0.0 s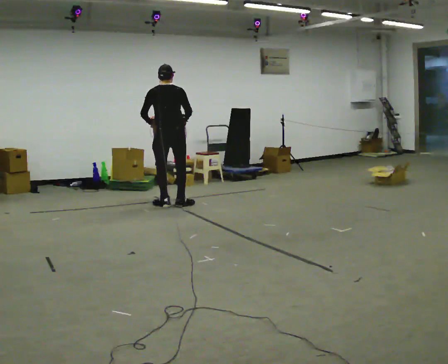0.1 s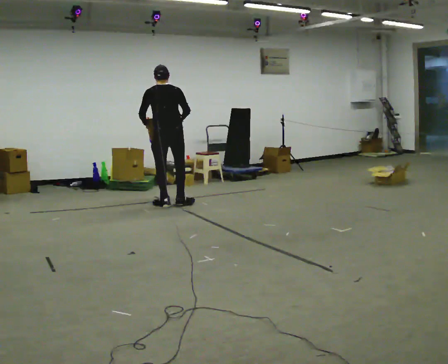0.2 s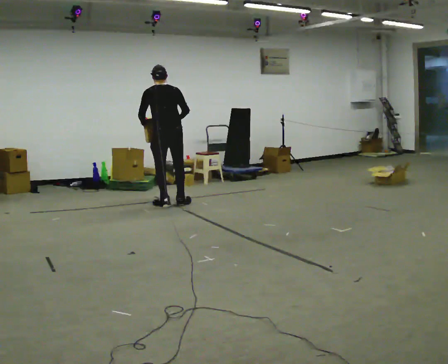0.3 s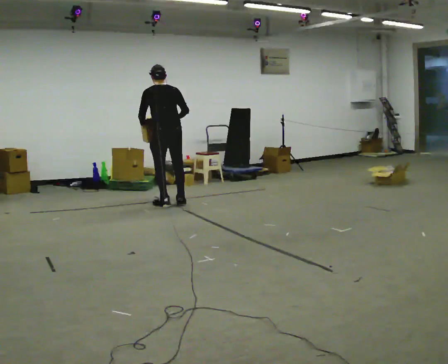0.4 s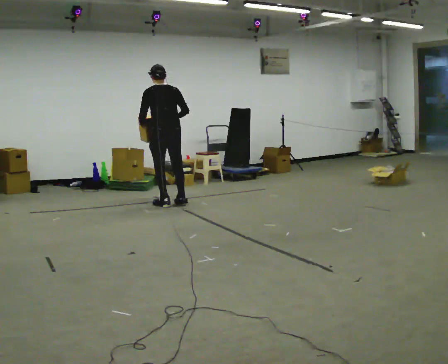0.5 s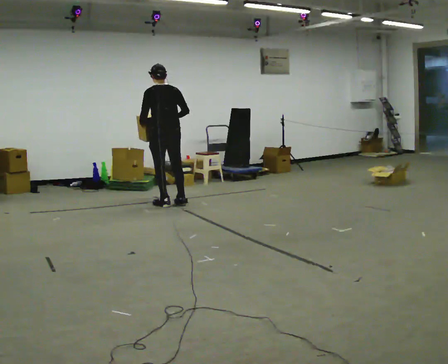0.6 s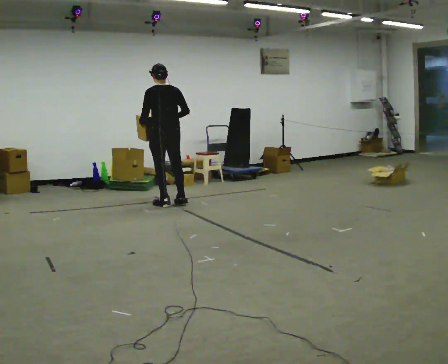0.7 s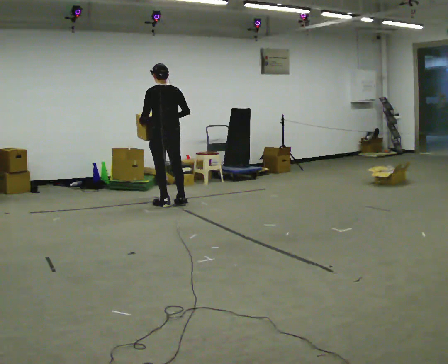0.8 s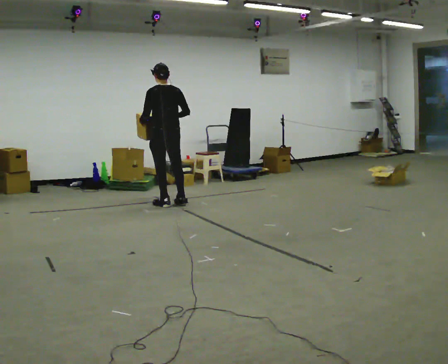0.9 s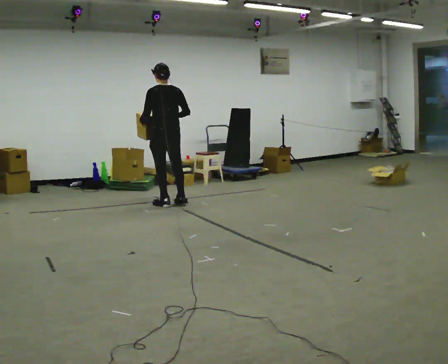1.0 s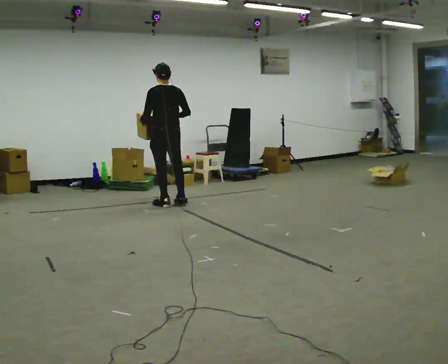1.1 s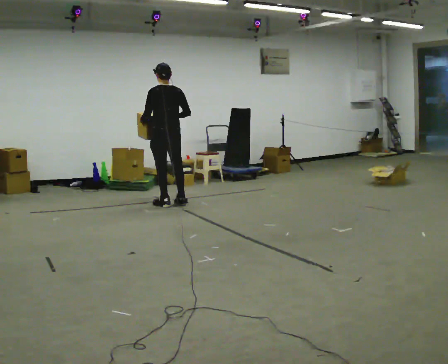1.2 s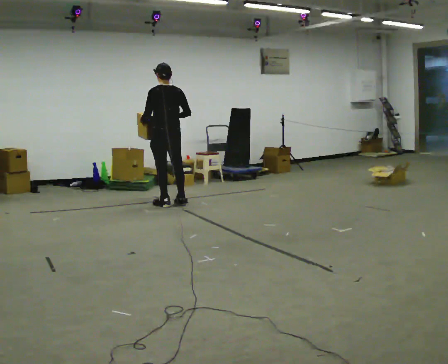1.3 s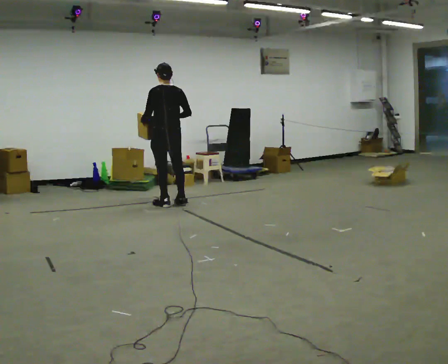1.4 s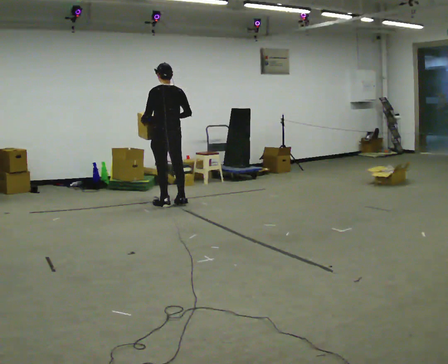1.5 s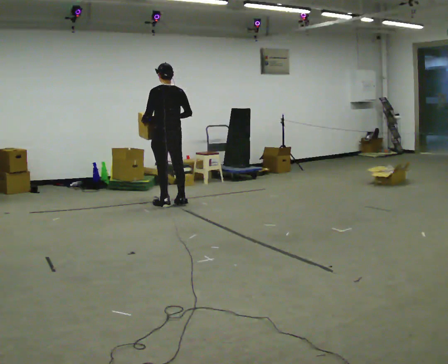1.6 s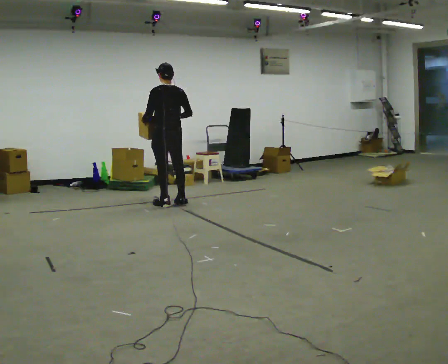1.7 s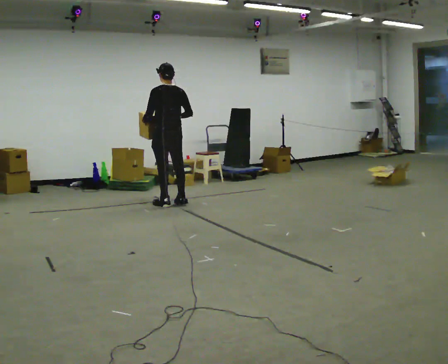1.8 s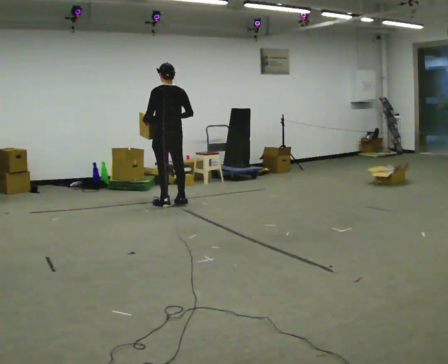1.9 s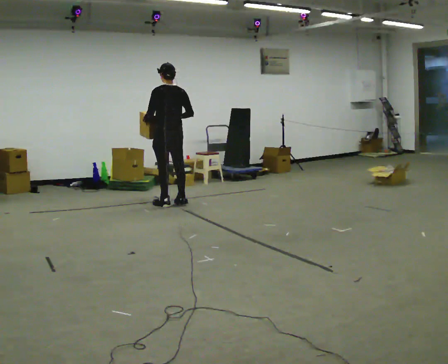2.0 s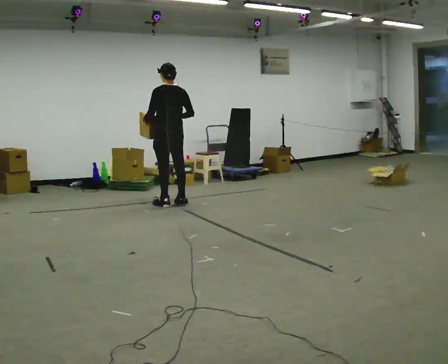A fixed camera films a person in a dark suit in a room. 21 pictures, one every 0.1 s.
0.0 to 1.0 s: The person turns about 30 degrees to their left, counterclockwise seen from above, so the part of the body nearest the lens slides to the right.
1.0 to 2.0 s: The person moves a little, or ends about where they began.
The film runs backward here.
